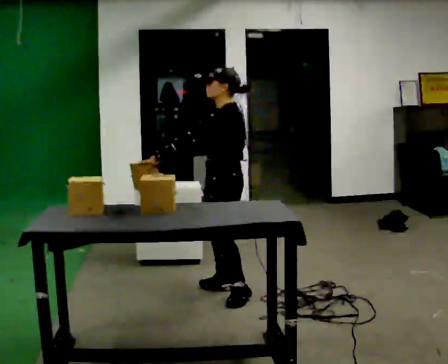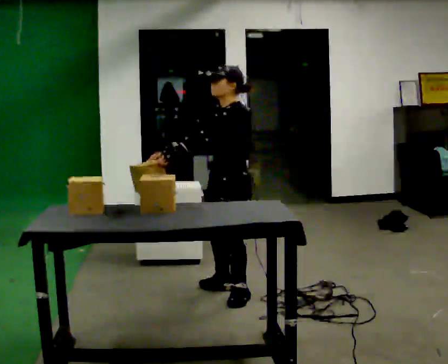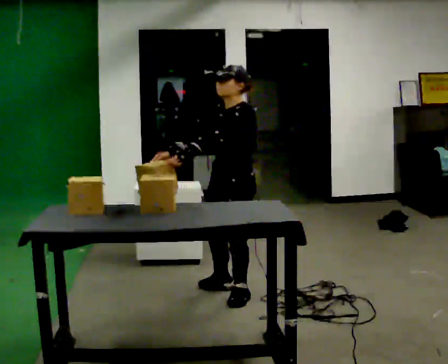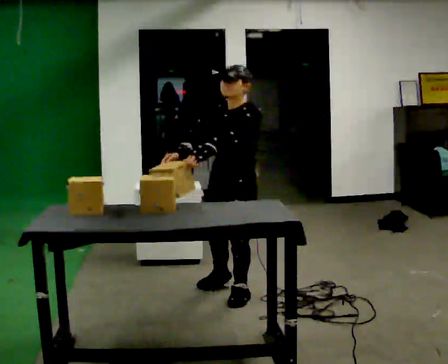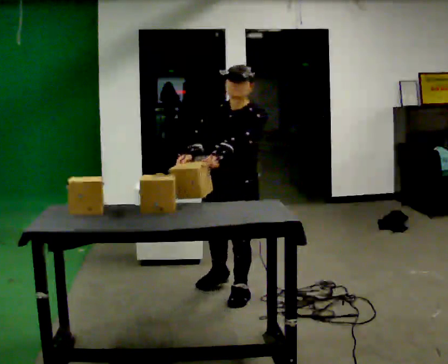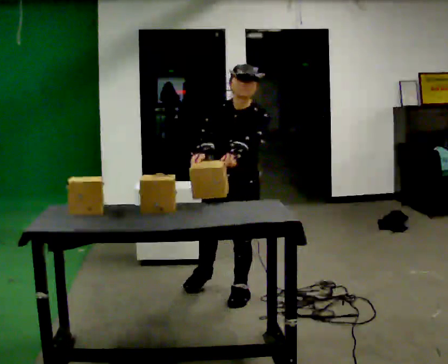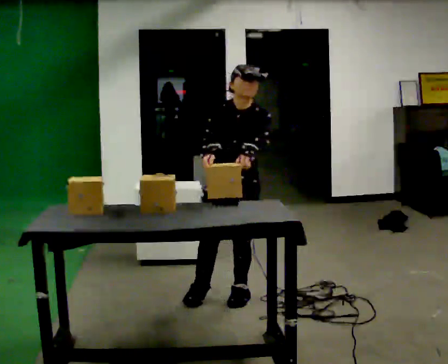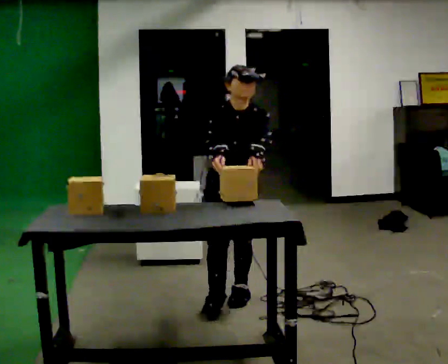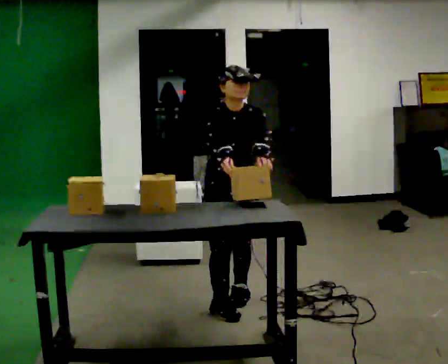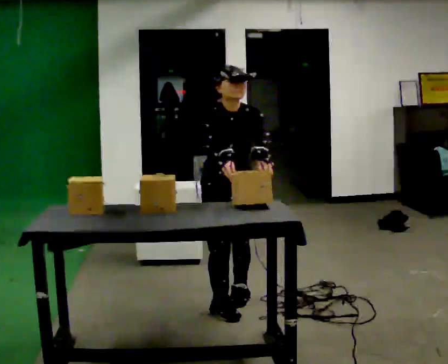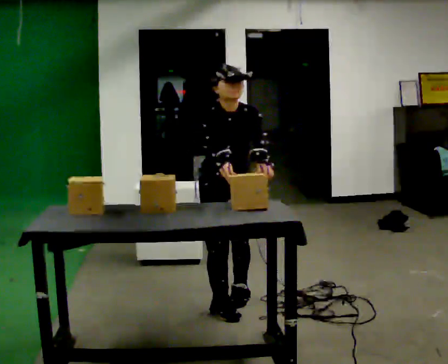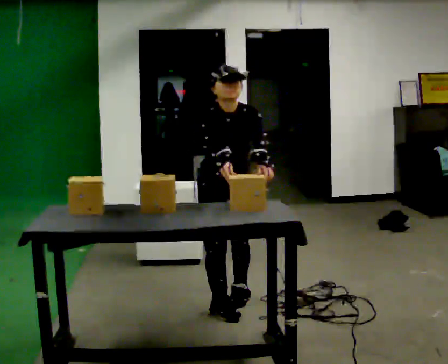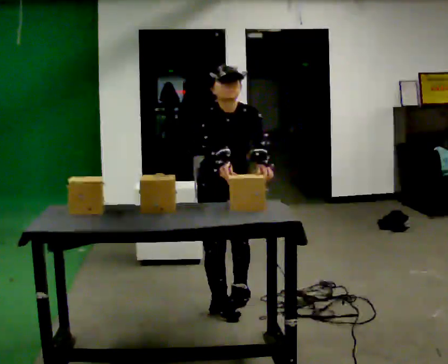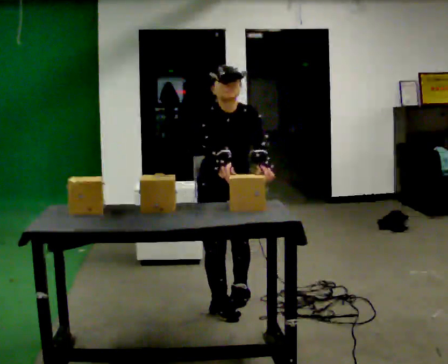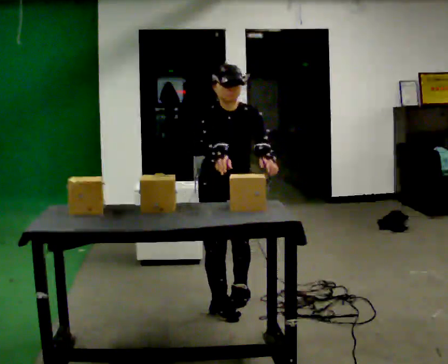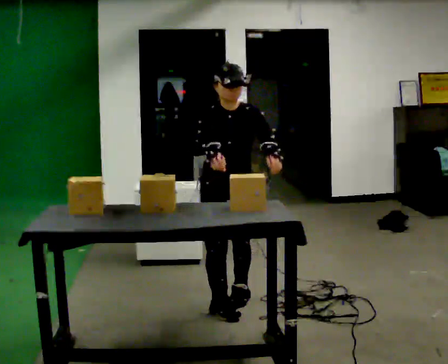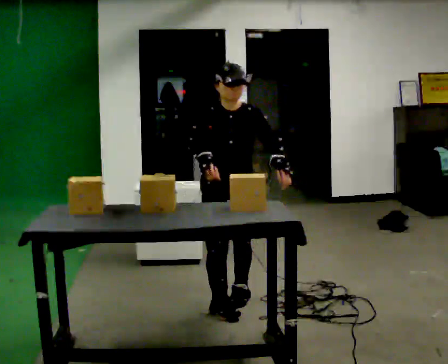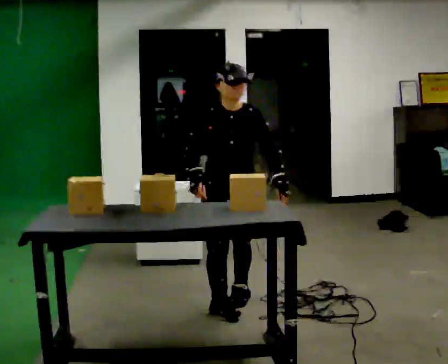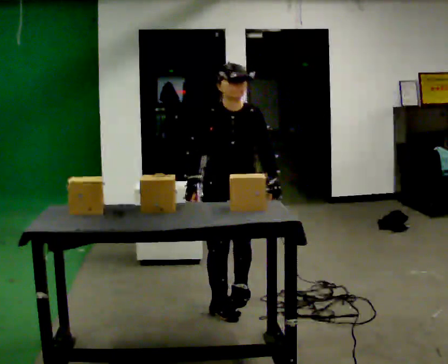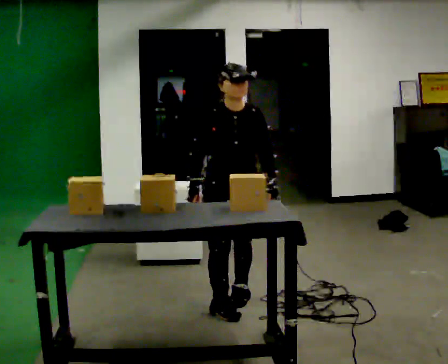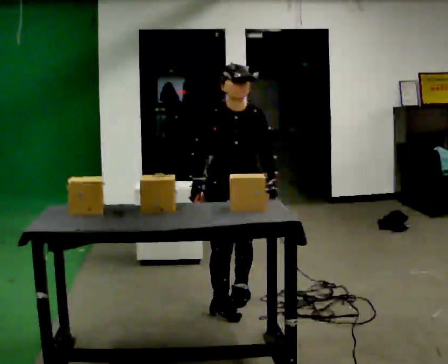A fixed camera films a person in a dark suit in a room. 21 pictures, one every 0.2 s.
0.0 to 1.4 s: The person turns about 90 degrees to their left, counterclockwise seen from above, so the part of the body nearest the lens slides to the right. In the picture they go toward the camera, about 0.25 m in 1 step. In the picture their right hand goes to the right.
1.4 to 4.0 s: The person moves a little, or ends about where they began.
The film runs backward here.
